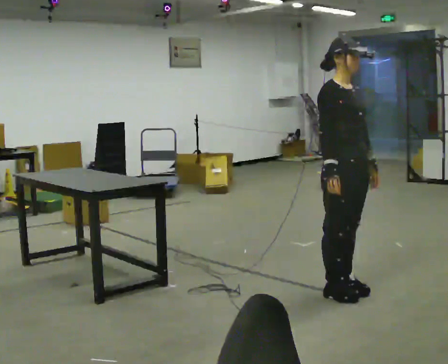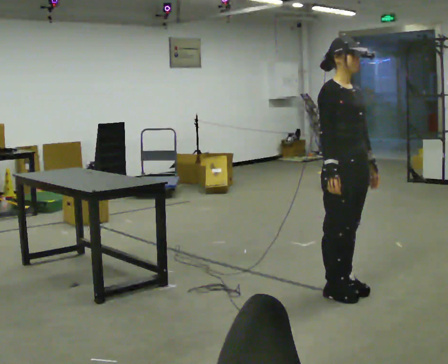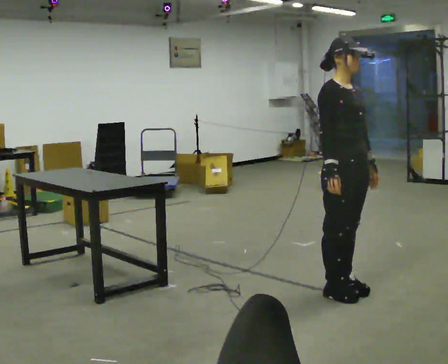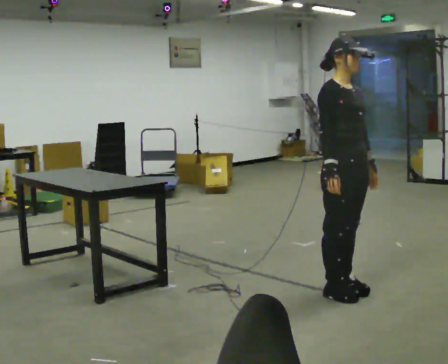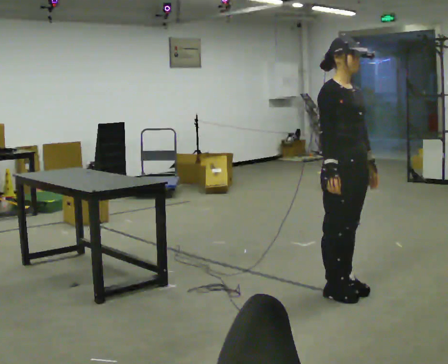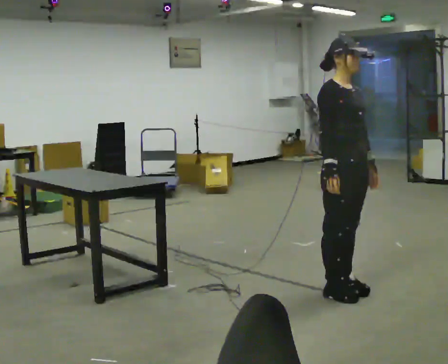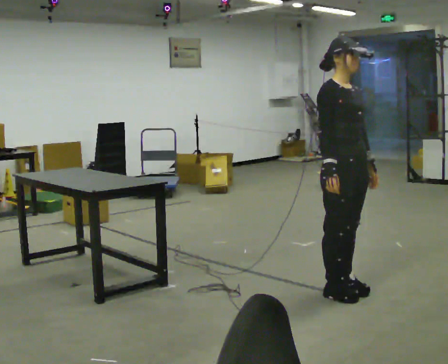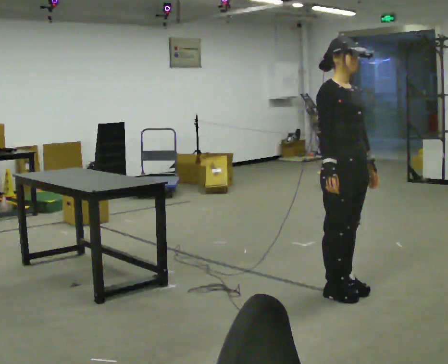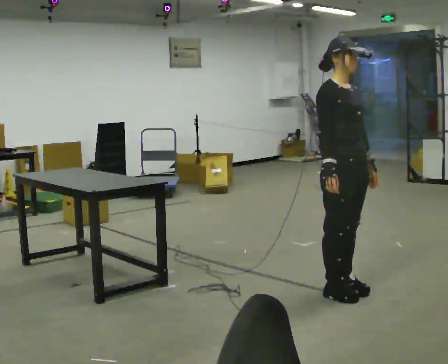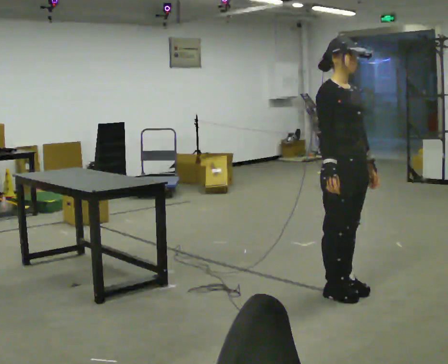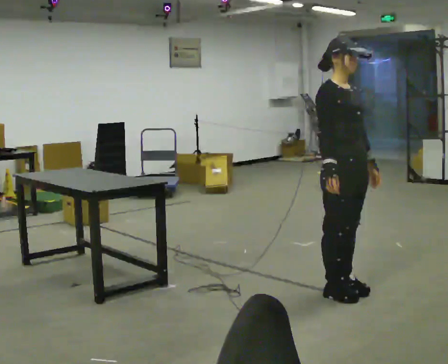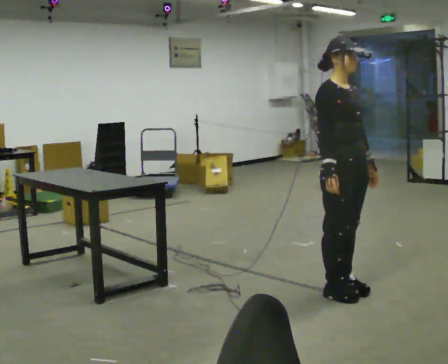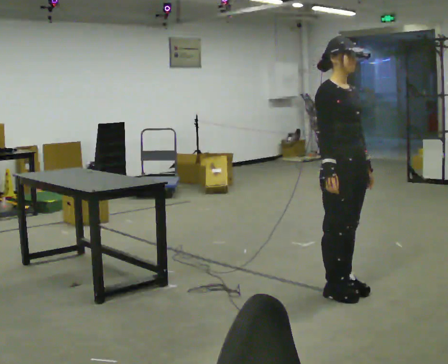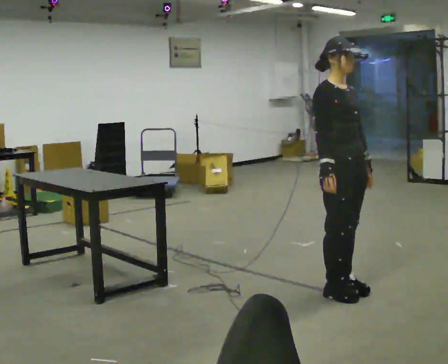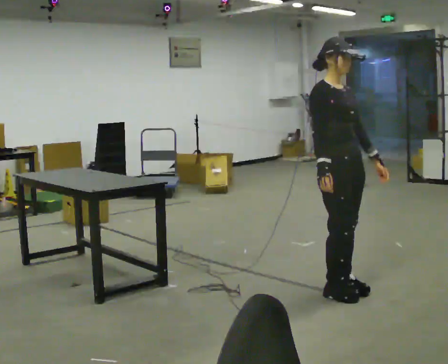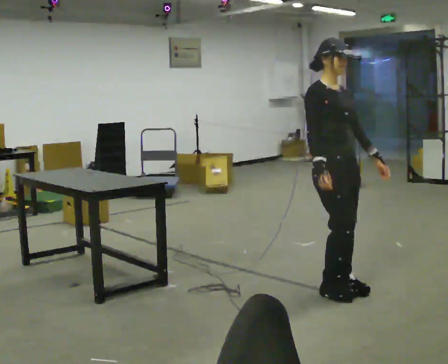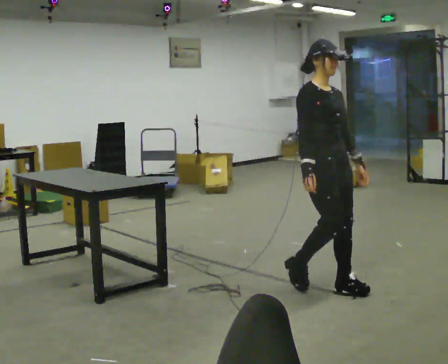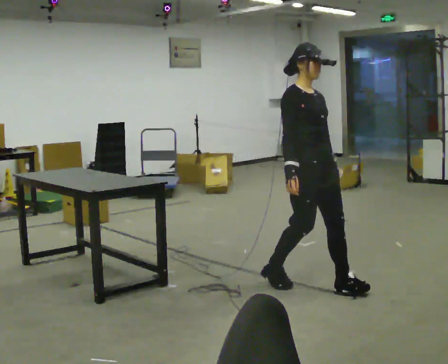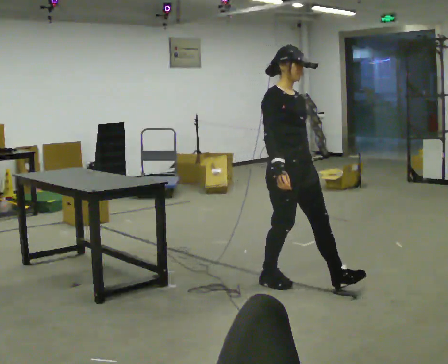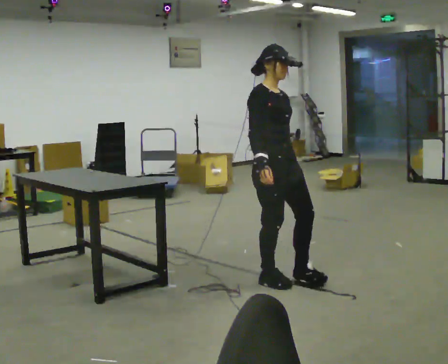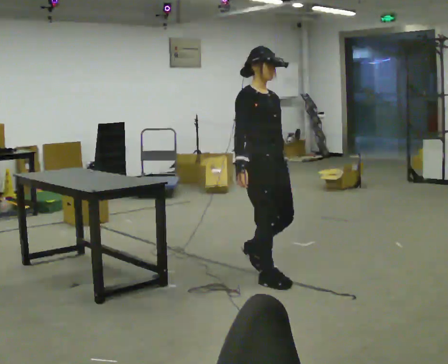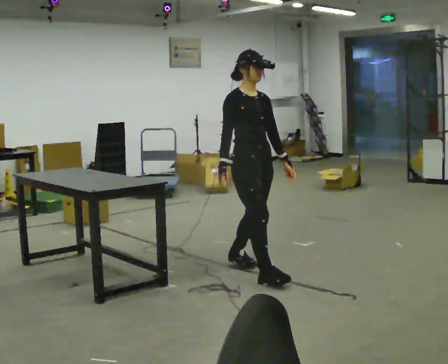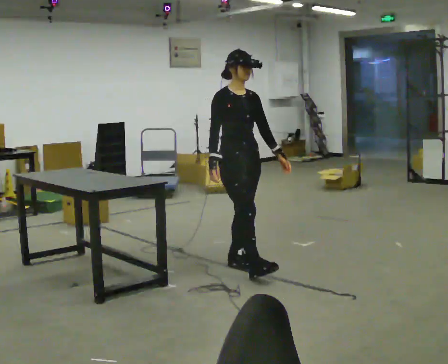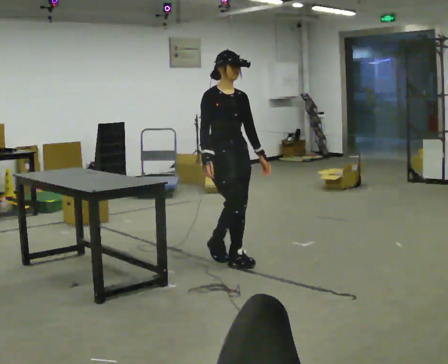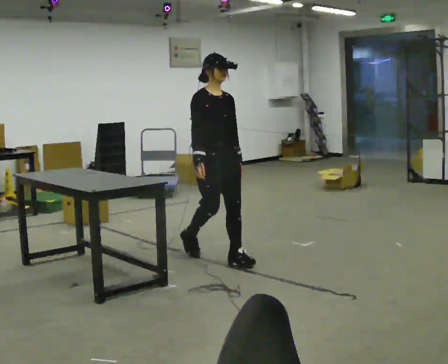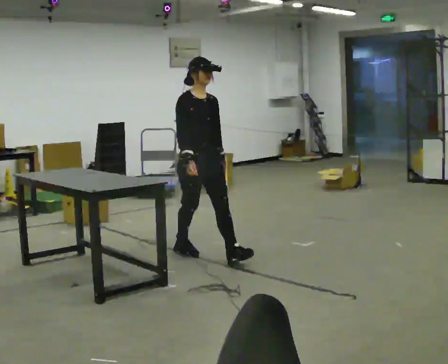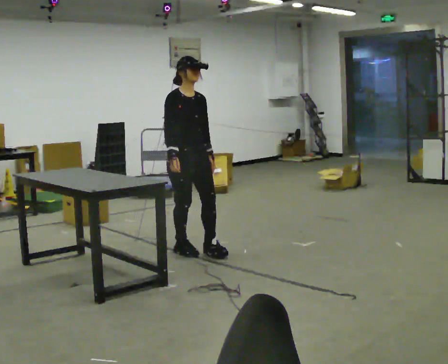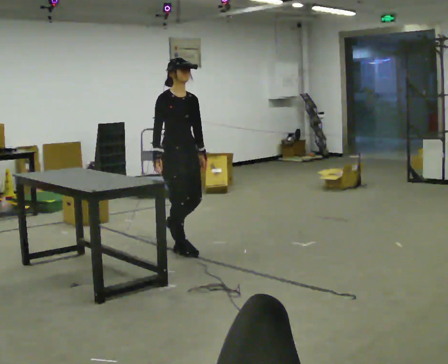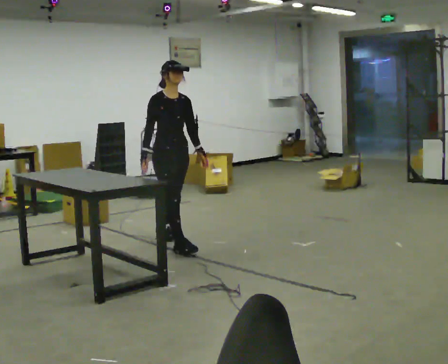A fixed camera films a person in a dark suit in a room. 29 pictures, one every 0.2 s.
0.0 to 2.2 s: The person keeps their place and pose.
2.2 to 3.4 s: In the picture they go to the left, about 0.25 m in 1 step, which for them is backward.
3.4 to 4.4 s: In the picture they go to the left and away from the camera, about 0.75 m in 2 steps, which for them is backward.
4.4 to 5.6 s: In the picture they go to the left and away from the camera, about 1 m in 1 step, which for them is backward.
The film runs backward here.
